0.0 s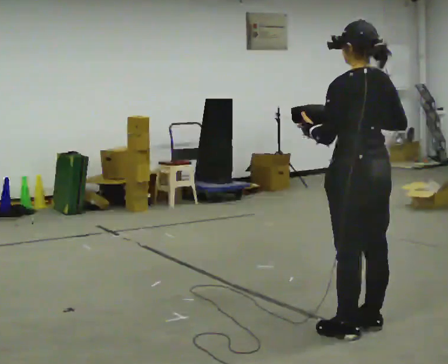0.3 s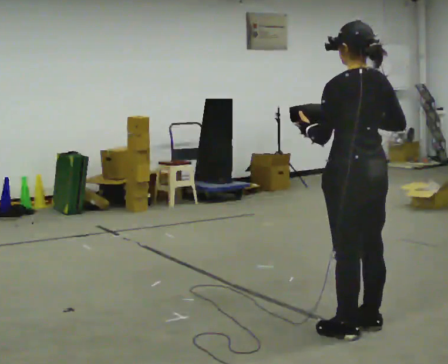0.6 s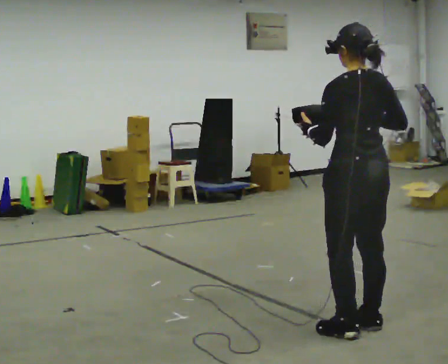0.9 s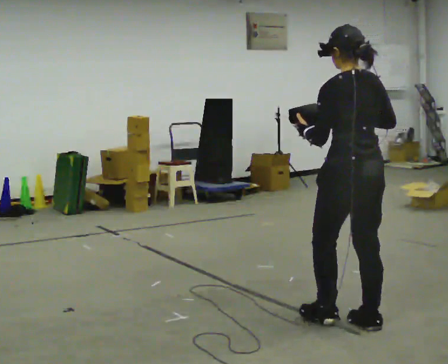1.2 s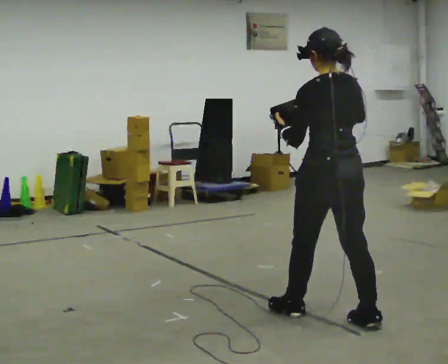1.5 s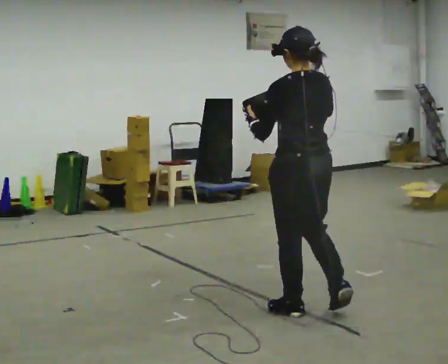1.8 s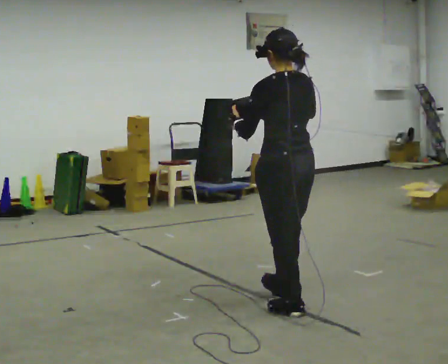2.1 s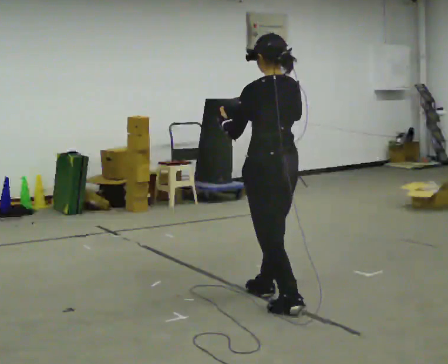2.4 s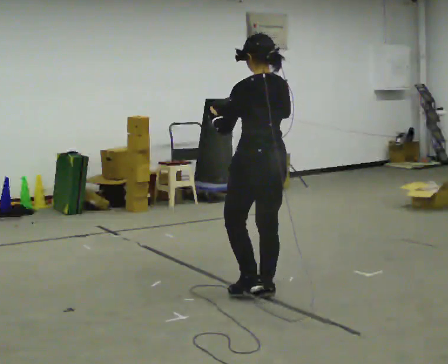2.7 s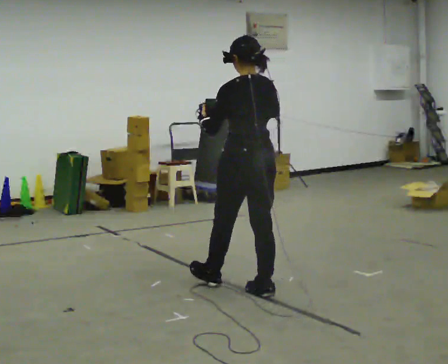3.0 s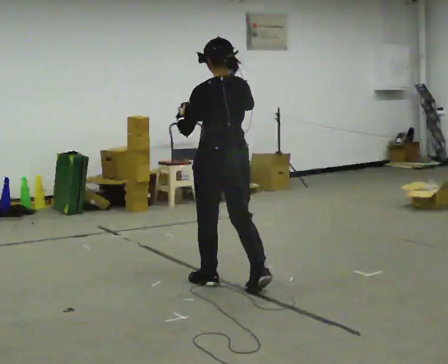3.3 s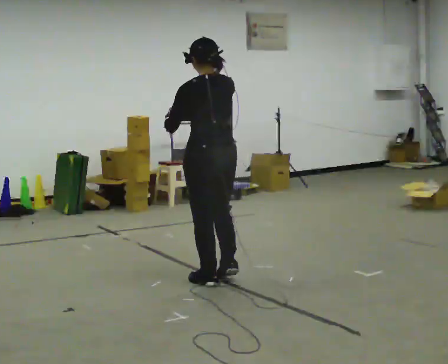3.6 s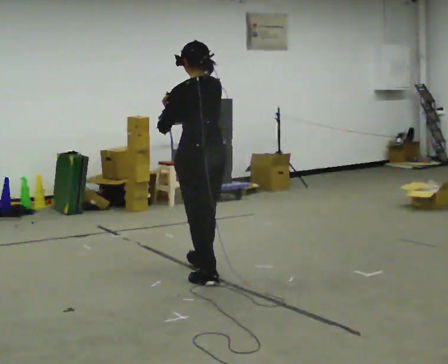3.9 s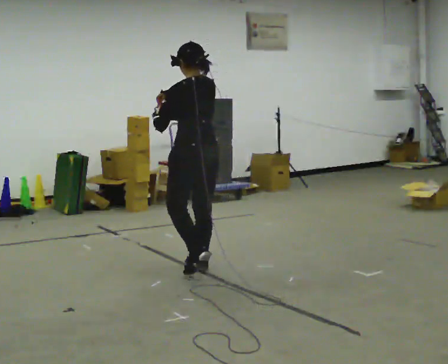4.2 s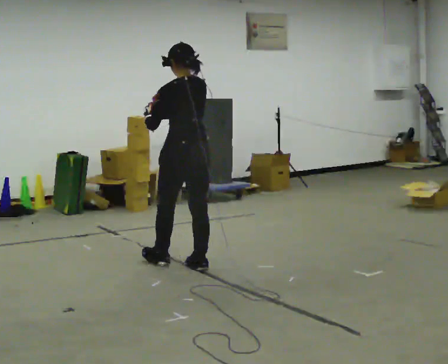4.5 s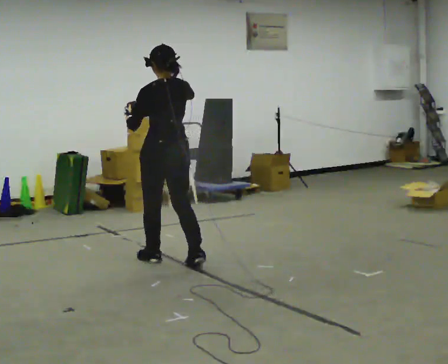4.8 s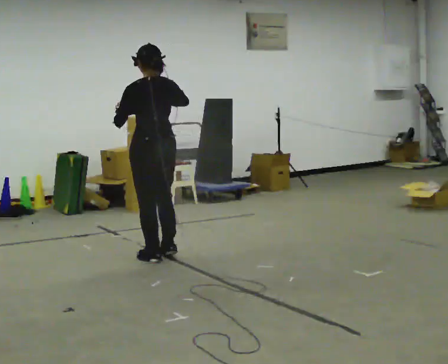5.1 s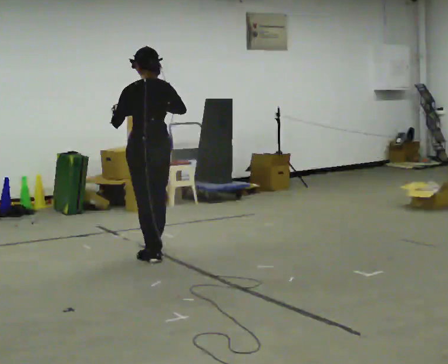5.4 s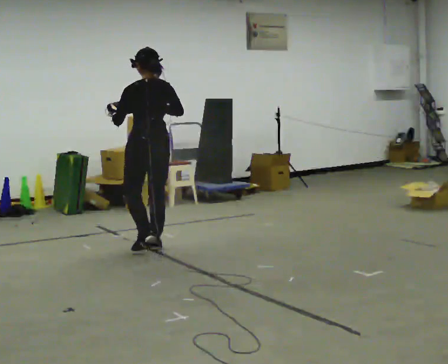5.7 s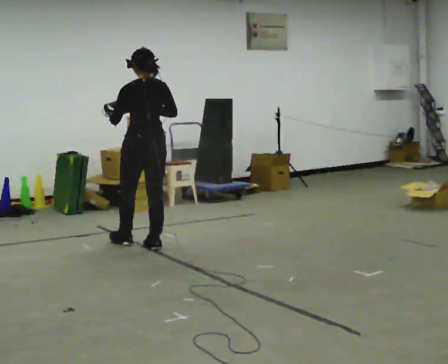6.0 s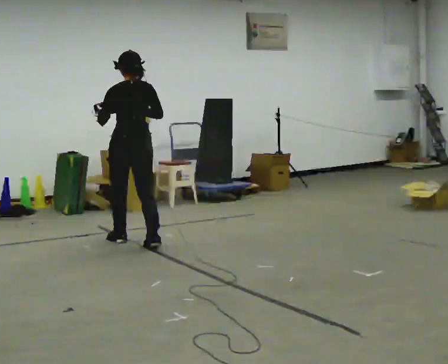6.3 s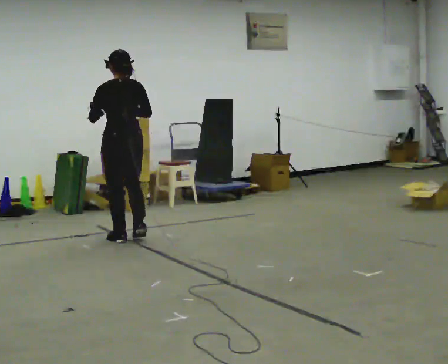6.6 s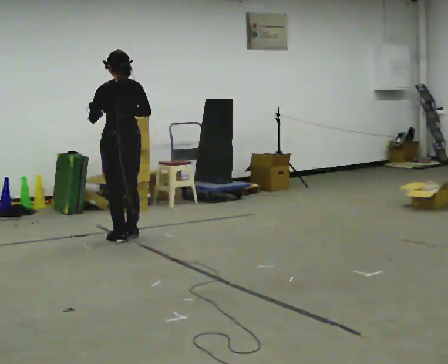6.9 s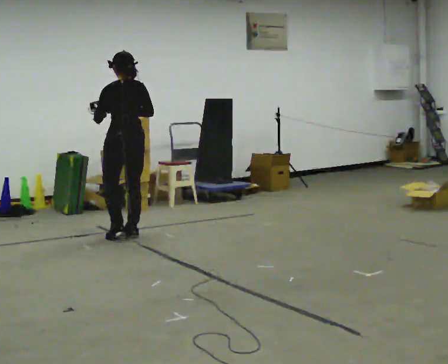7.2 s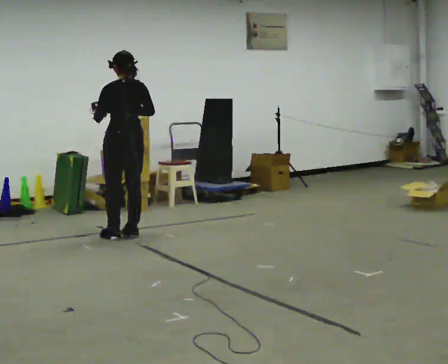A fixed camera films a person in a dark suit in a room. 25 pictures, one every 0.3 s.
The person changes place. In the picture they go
away from the camera.
0.0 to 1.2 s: In the picture they go away from the camera, about 0.25 m in 1 step, which for them is forward.
1.2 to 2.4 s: In the picture they go away from the camera and to the left, about 0.75 m in 1 step, which for them is forward.
2.4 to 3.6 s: In the picture they go away from the camera and to the left, about 0.5 m in 2 steps, which for them is forward.
3.6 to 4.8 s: In the picture they go away from the camera and to the left, about 0.5 m in 1 step, which for them is forward.
4.8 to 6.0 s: In the picture they go away from the camera and to the left, about 0.5 m in 2 steps, which for them is forward.
6.0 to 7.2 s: In the picture they go away from the camera, about 0.25 m in 1 step, which for them is forward.
The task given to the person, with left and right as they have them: Carry the bag and, while walking, undo the buckle or zip, then do it up again. Keep repeating as you walk. Do not stop.
The film runs forward here.
